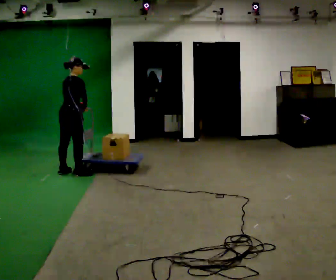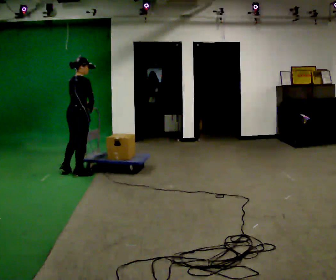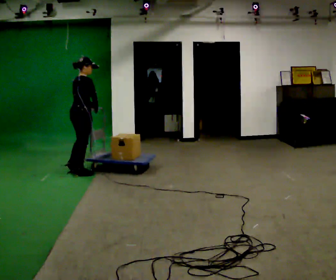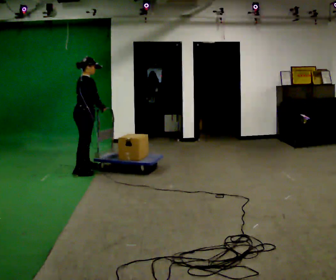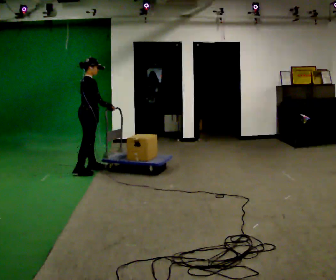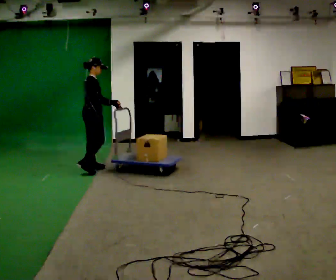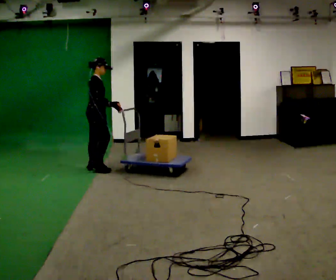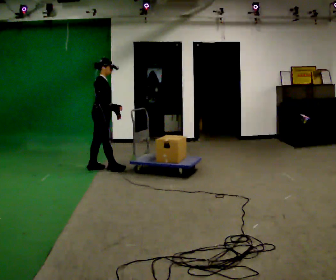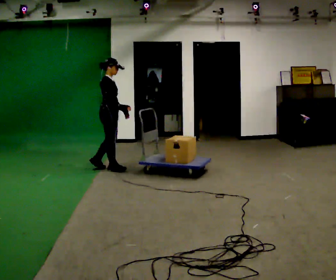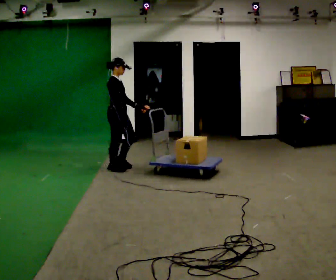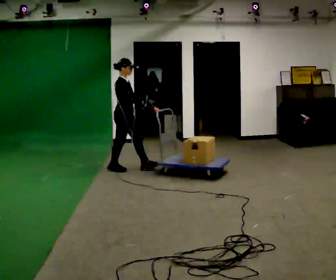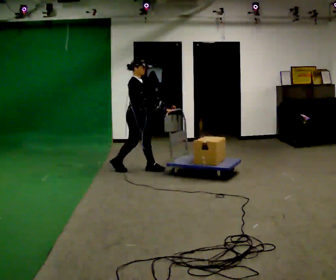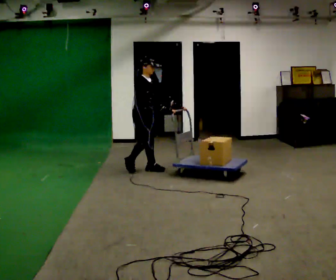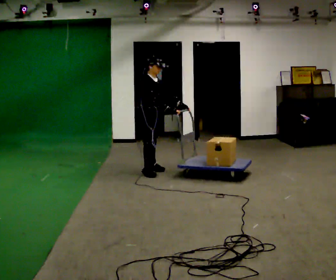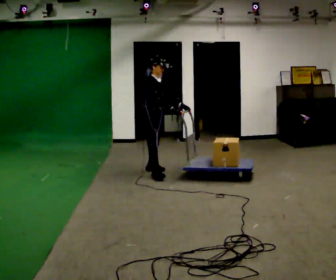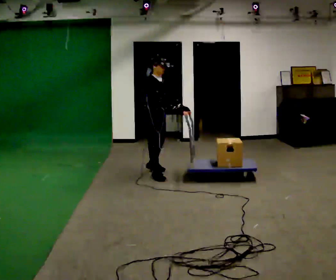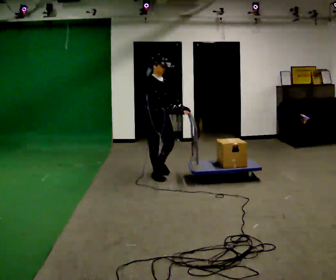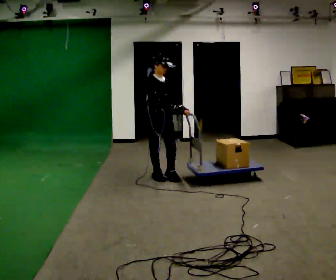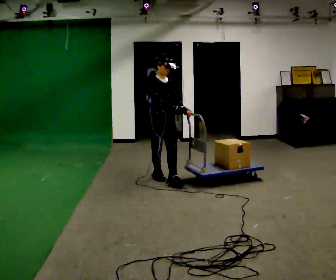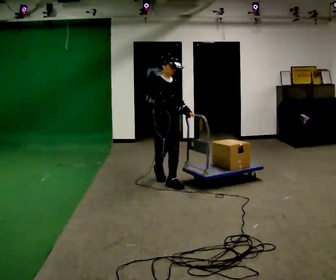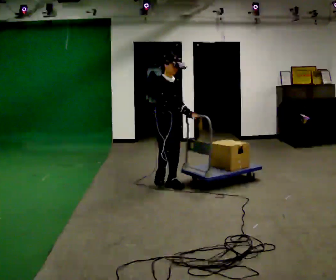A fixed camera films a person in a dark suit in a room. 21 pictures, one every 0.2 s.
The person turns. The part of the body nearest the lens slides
to the left.
The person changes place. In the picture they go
to the right.
0.0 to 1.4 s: Seen from above the body turns clockwise, about 45 degrees: to their right, with its near side sliding to the left. In the picture they go to the right and away from the camera, about 0.5 m in 1 step, which for them is forward.
1.4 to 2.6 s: Seen from above the body turns clockwise, about 30 degrees: to their right, with its near side sliding to the left. In the picture they go to the right, about 0.75 m in 2 steps, which for them is forward.
2.6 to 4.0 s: Seen from above the body turns clockwise, about 30 degrees: to their right, with its near side sliding to the left. In the picture they go toward the camera, about 1 m in 2 steps, which for them is forward and to their right.
The film runs forward here.
